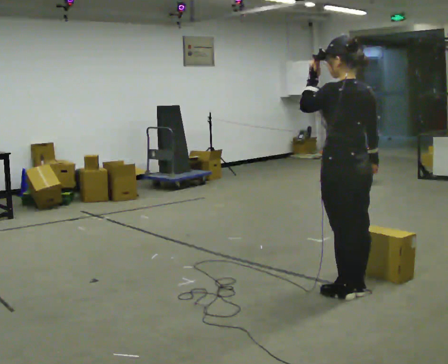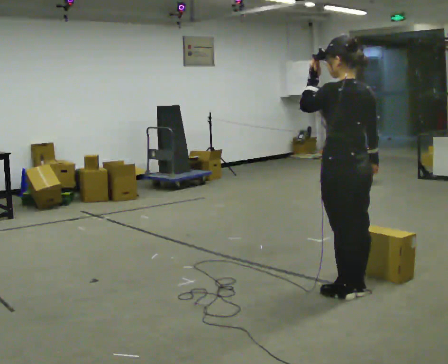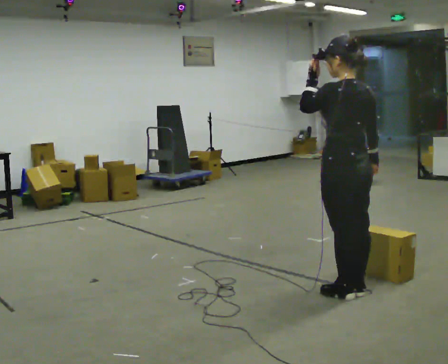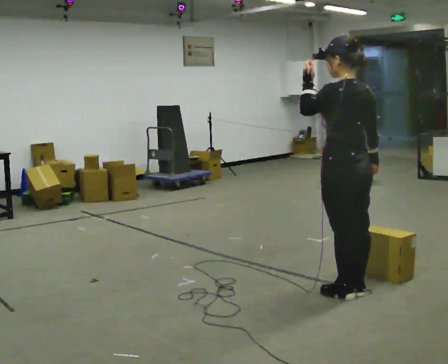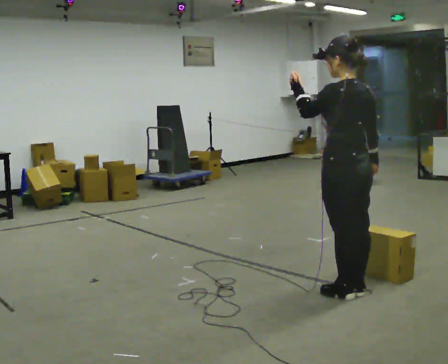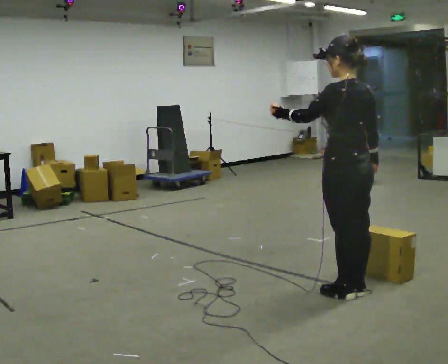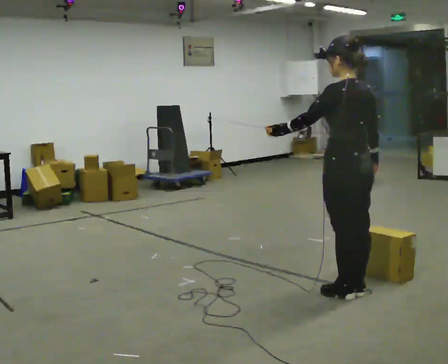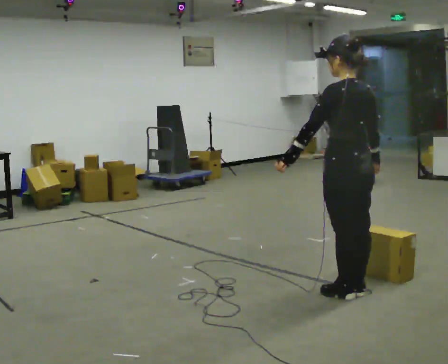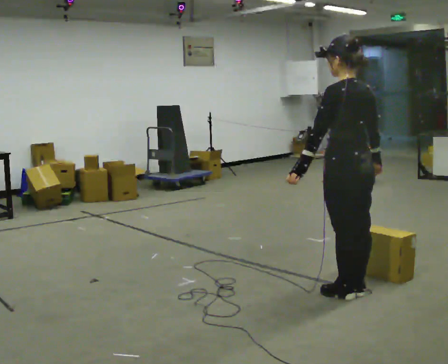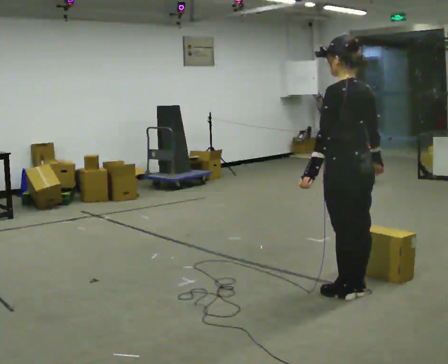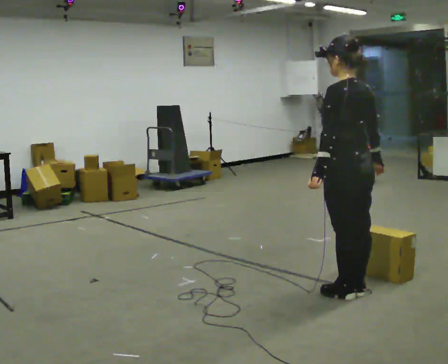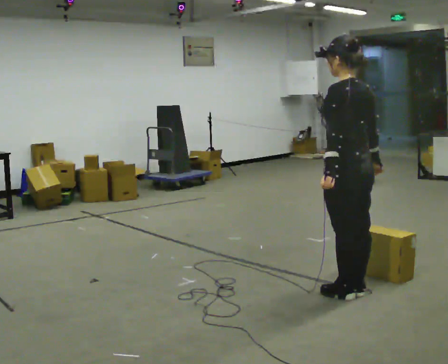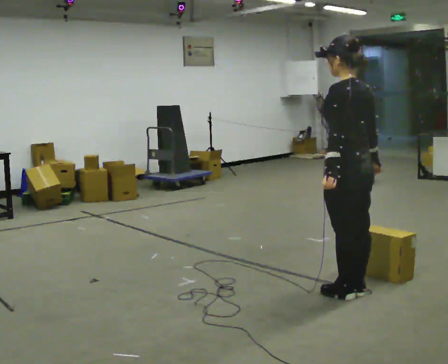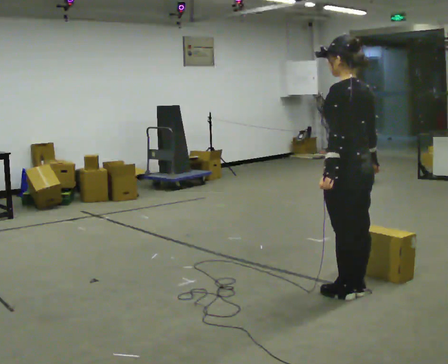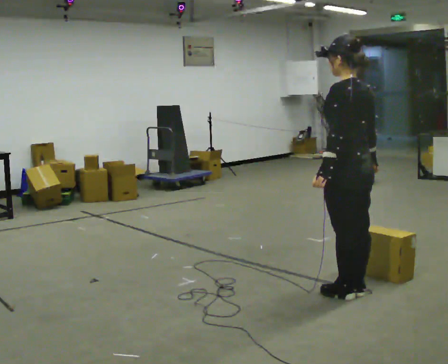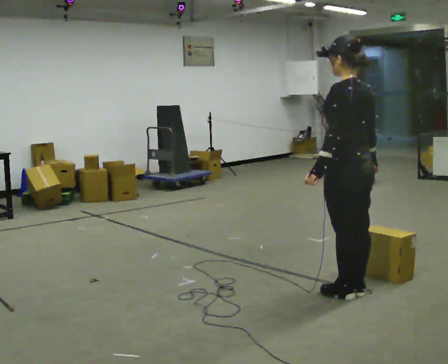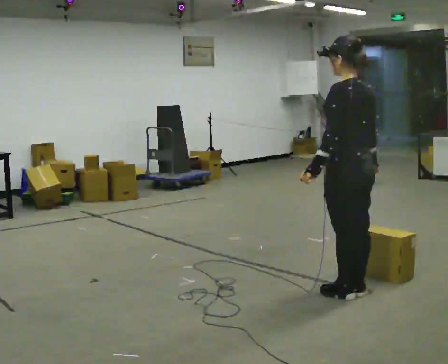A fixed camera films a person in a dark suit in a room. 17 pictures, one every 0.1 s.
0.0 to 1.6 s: In the picture their left hand goes downward.
The film runs forward here.
